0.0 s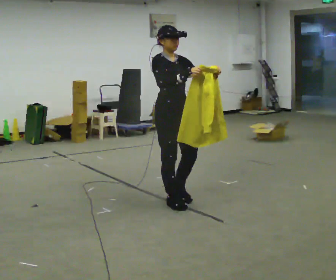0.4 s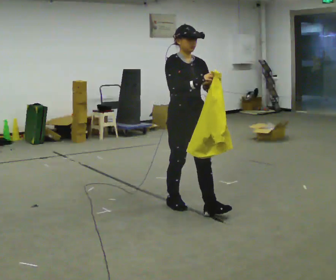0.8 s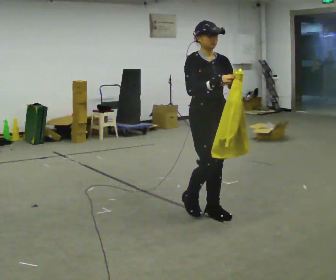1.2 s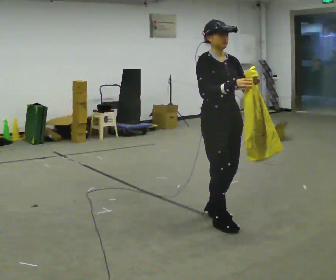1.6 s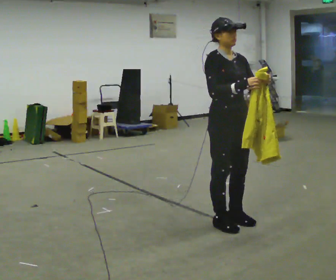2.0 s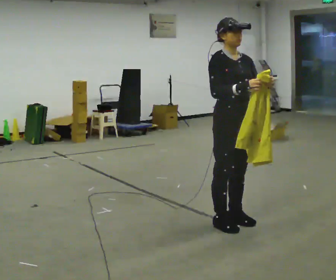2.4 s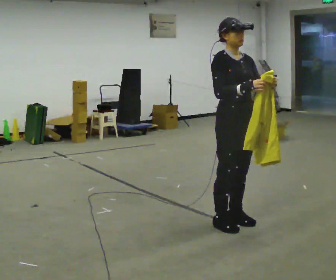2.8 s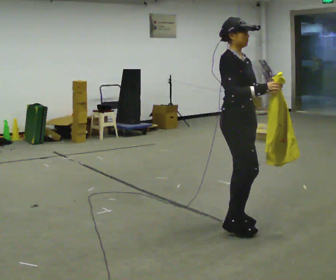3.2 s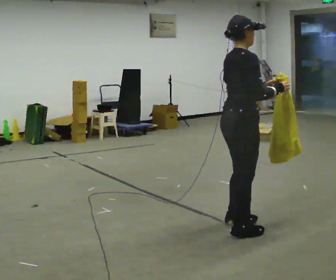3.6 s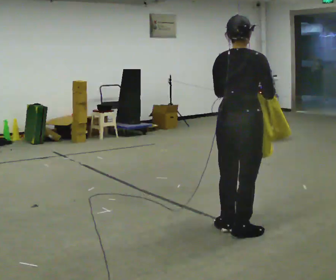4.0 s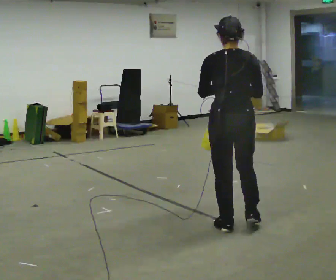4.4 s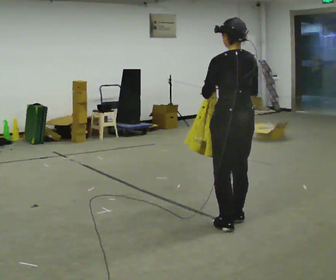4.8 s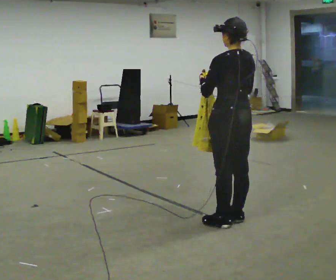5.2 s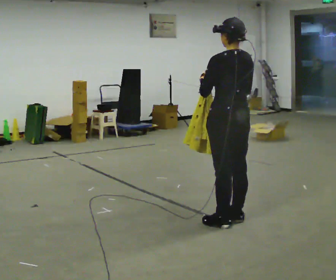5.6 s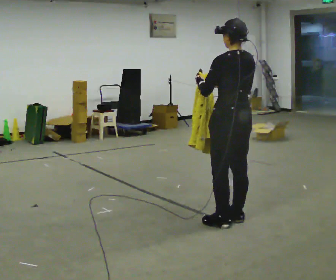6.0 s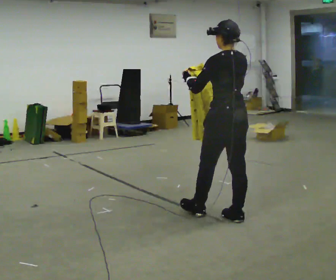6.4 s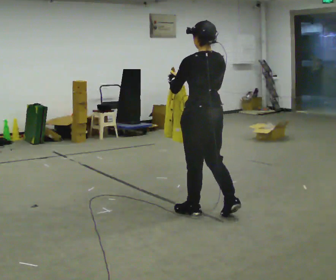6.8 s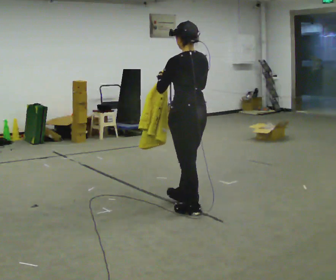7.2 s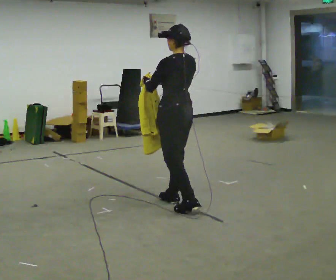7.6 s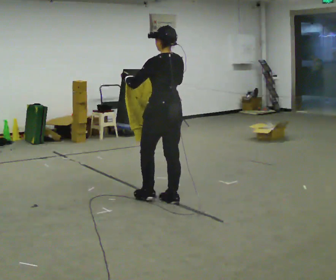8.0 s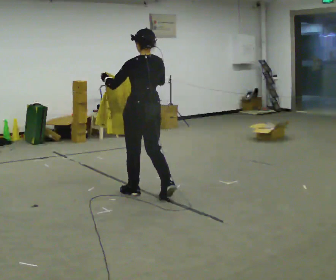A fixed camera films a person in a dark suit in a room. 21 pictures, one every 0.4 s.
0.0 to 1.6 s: In the picture they go toward the camera and to the right, about 0.75 m in 3 steps, which for them is forward.
1.6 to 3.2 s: Seen from above the body turns counterclockwise, about 60 degrees: to their left, with its near side sliding to the right. In the picture they go toward the camera, about 0.25 m in 1 step.
3.2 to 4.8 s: The person turns about 120 degrees to their left, counterclockwise seen from above, so the part of the body nearest the lens slides to the right. In the picture they go away from the camera, about 0.25 m in 2 steps. In the picture their right hand goes to the left.
4.8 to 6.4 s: In the picture they go to the left and away from the camera, about 0.25 m in 1 step, which for them is forward.
6.4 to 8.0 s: In the picture they go to the left and away from the camera, about 1 m in 2 steps, which for them is forward.
The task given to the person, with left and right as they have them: Carry the cloth and, while walking, fold it in half, then unfold it. Keep repeating as you walk. Do not stop.
The film runs forward here.
